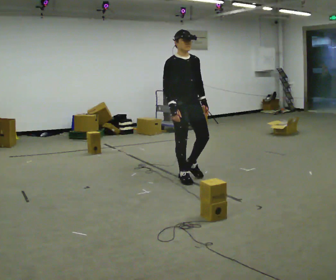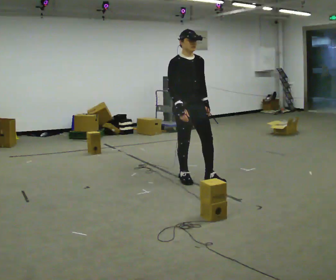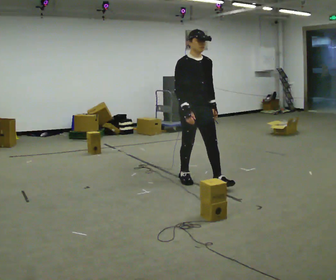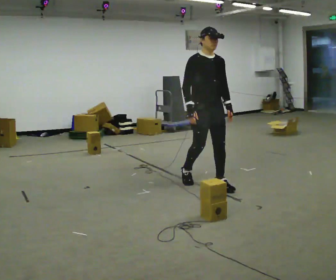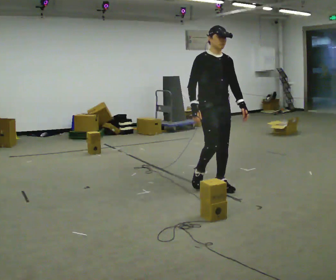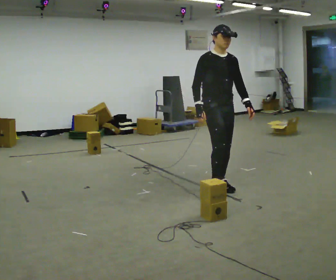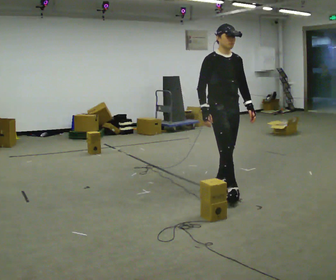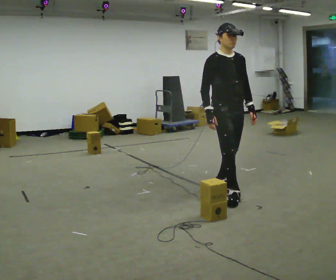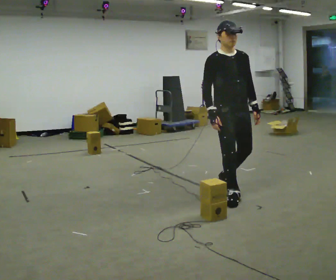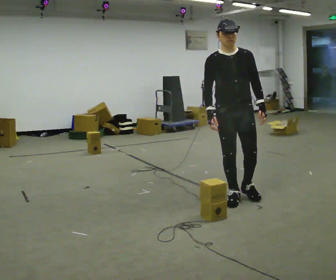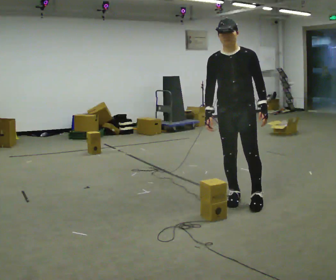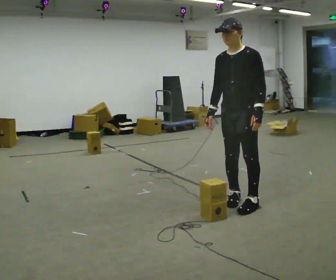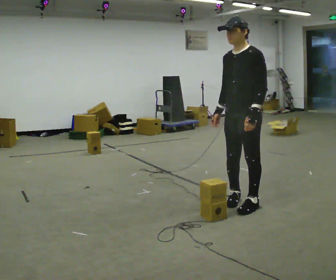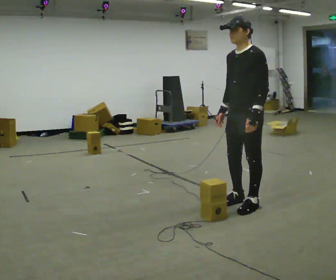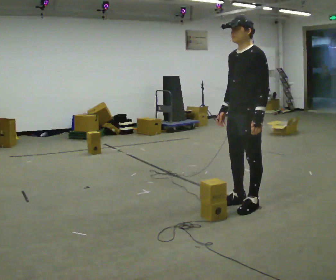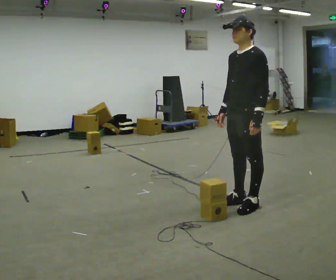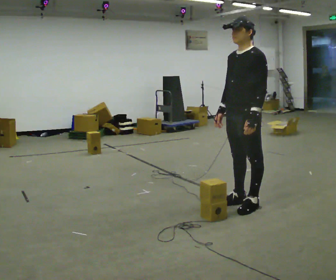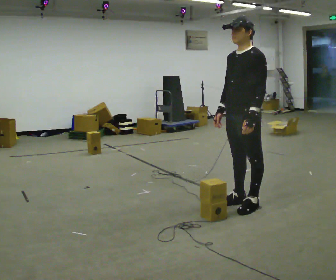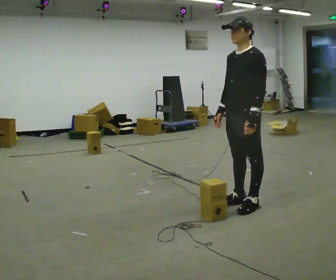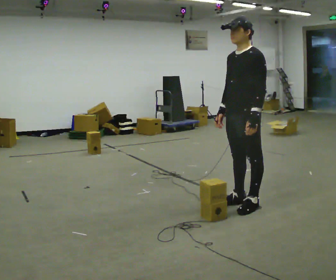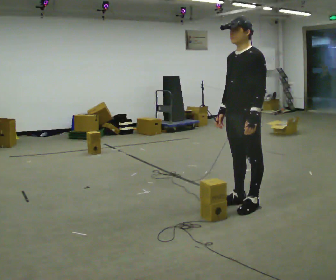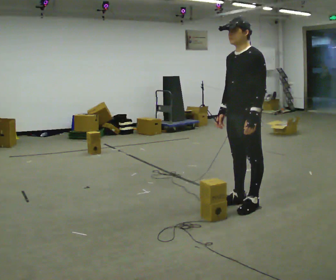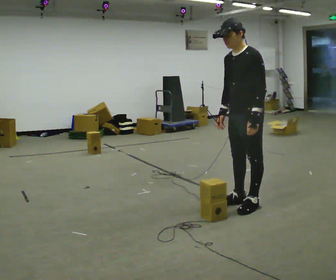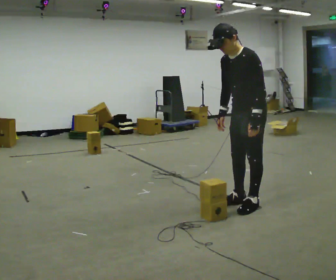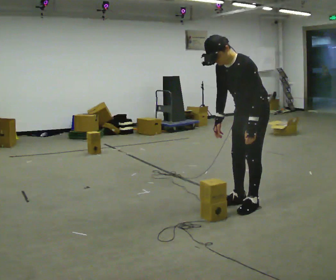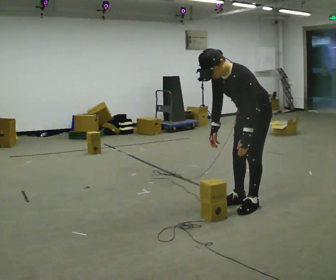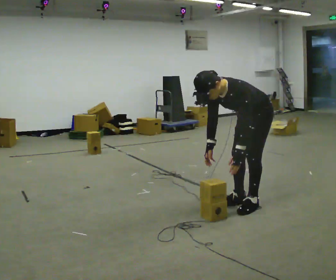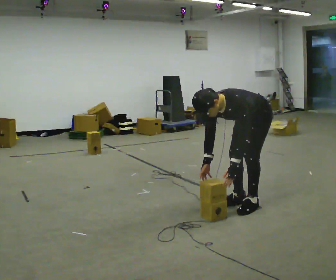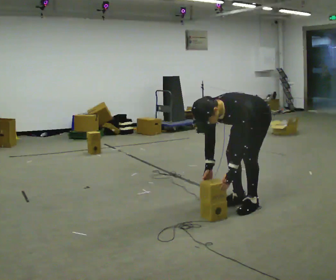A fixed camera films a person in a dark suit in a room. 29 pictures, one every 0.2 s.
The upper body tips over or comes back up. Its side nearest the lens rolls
downward.
0.0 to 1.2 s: In the picture they go to the right and toward the camera, about 0.75 m in 2 steps, which for them is forward.
1.2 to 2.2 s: The part of the body nearest the lens slides to the left as the person turns to their right by about 75 degrees. In the picture they go toward the camera and to the right, about 0.5 m in 1 step.
2.2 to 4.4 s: The person moves a little, or ends about where they began.
4.4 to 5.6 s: The upper body goes downward. The upper body tips toward the camera, its near side rolling downward, as they bend forward. In the picture their right hand goes downward.
The film runs forward here.
